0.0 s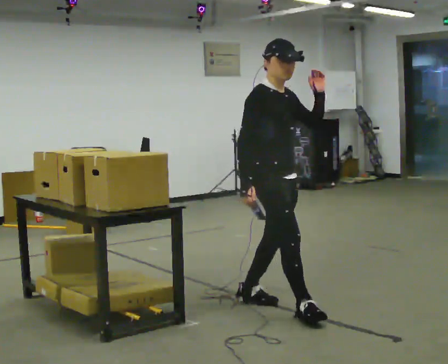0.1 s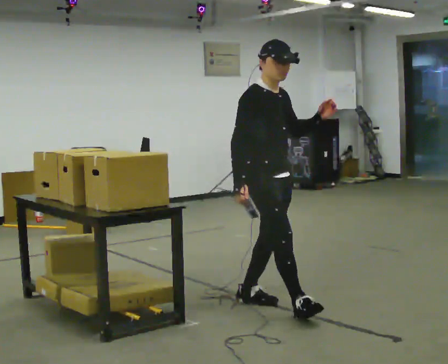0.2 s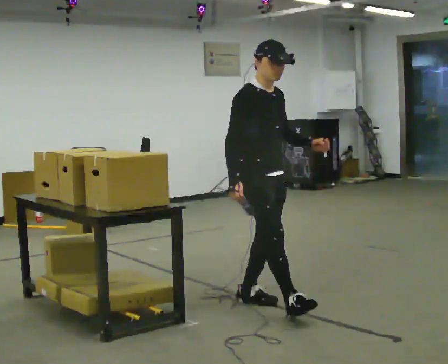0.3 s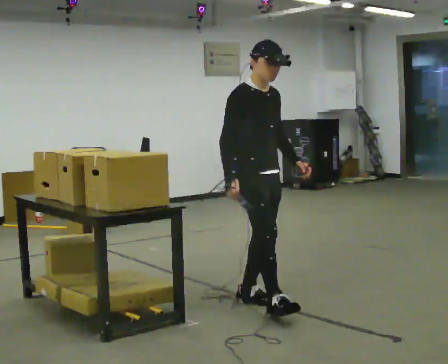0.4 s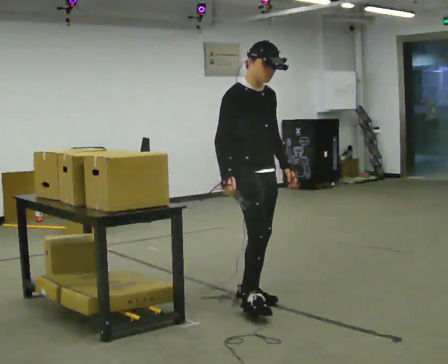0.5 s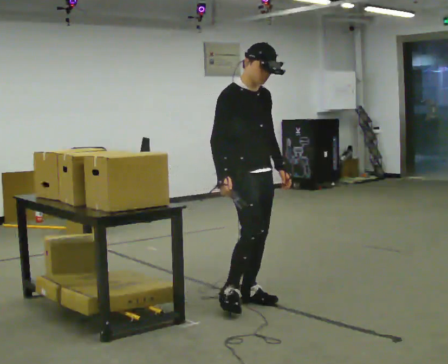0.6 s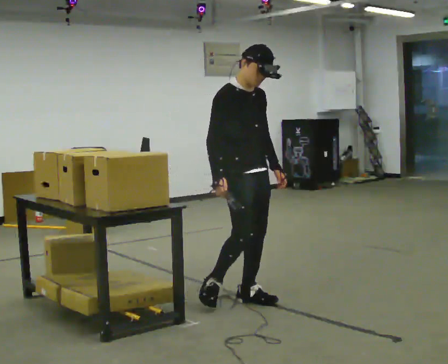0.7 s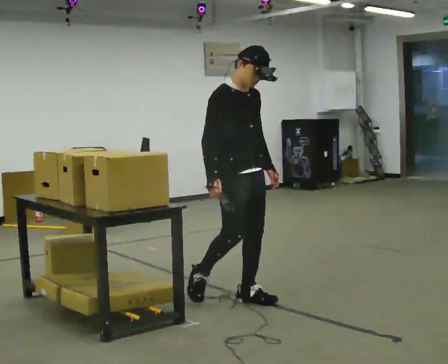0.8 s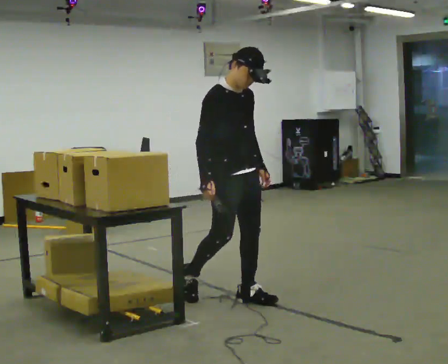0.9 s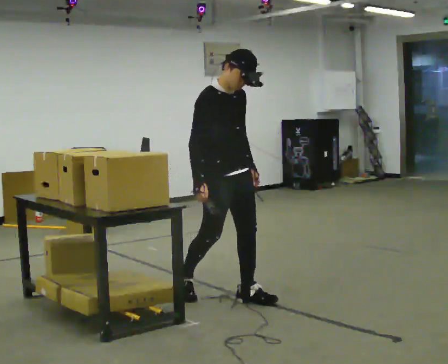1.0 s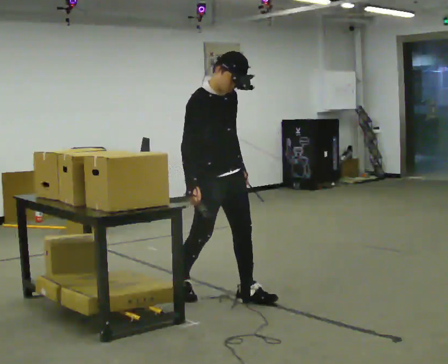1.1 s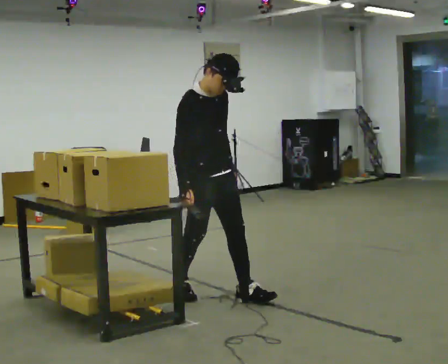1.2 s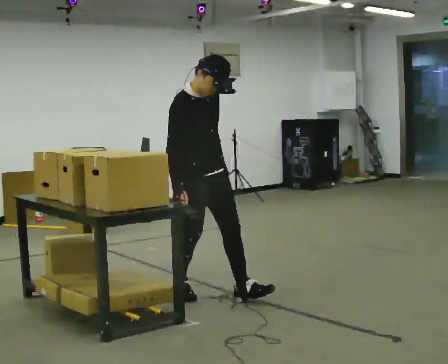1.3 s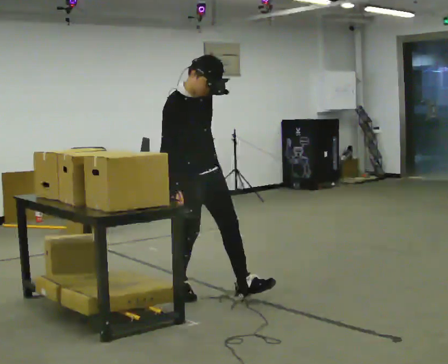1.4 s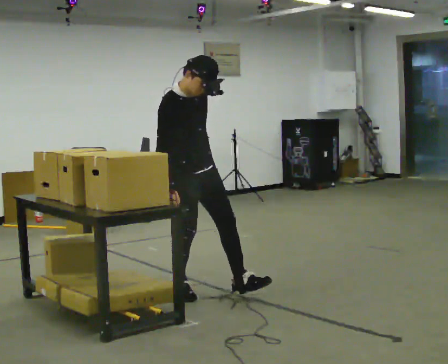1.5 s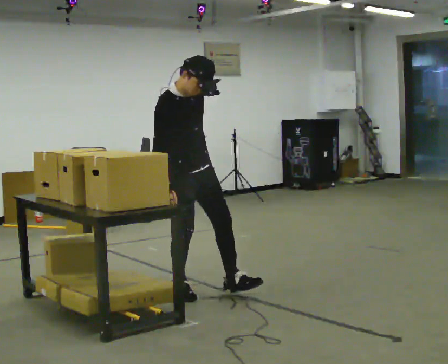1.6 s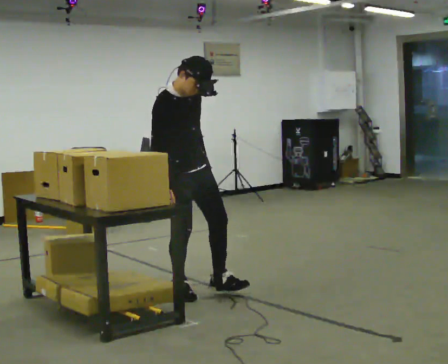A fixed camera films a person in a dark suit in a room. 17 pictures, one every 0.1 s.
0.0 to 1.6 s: In the picture they go to the left and away from the camera, about 0.5 m in 2 steps, which for them is backward. In the picture their left hand goes downward.
The film runs backward here.
